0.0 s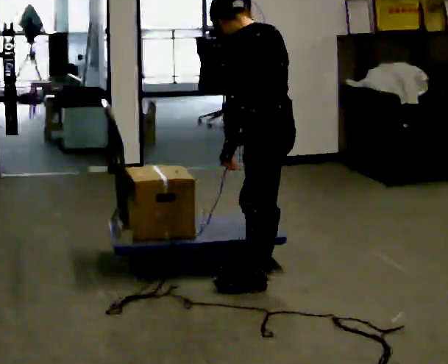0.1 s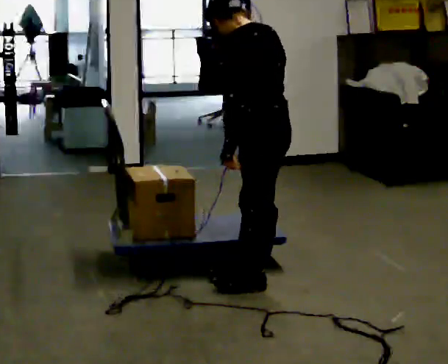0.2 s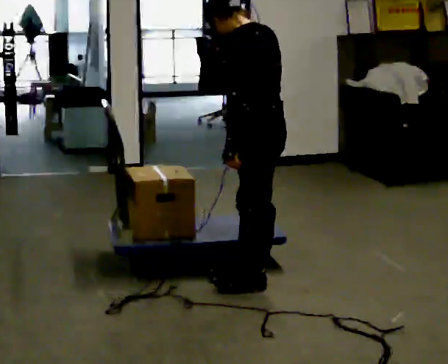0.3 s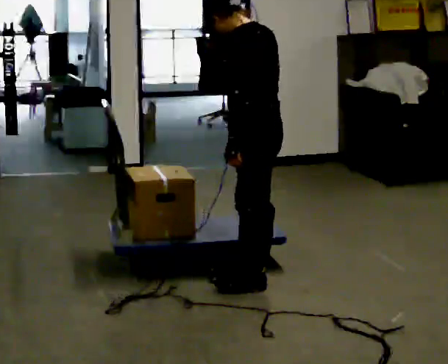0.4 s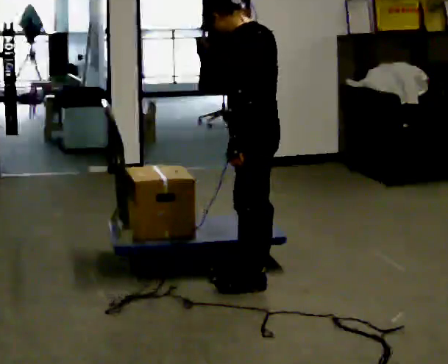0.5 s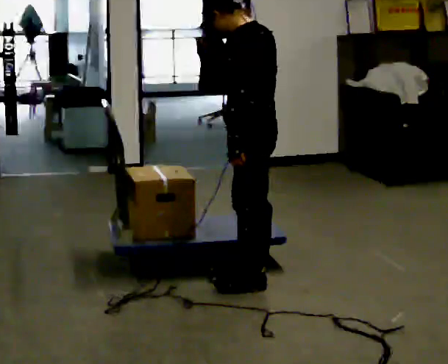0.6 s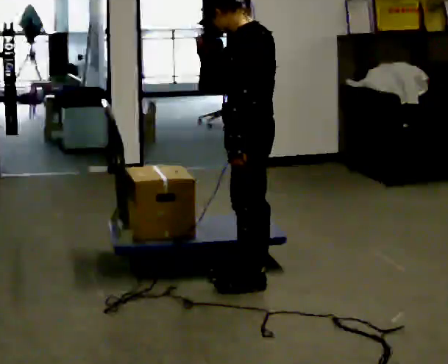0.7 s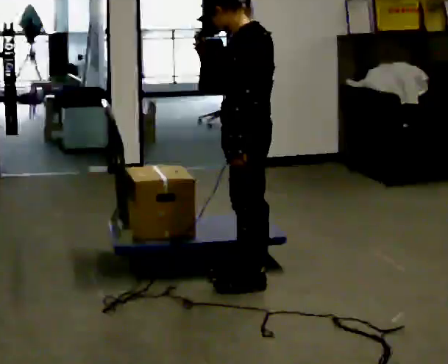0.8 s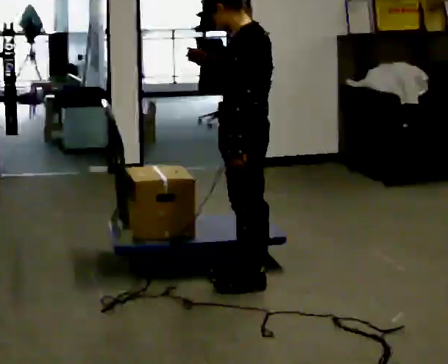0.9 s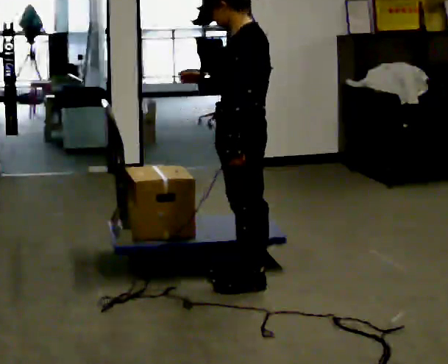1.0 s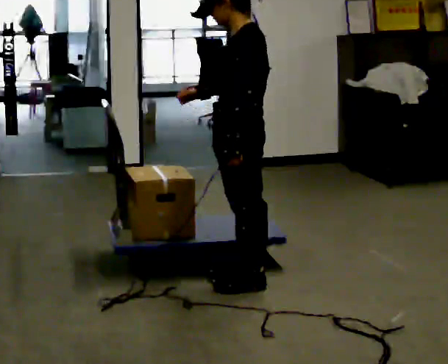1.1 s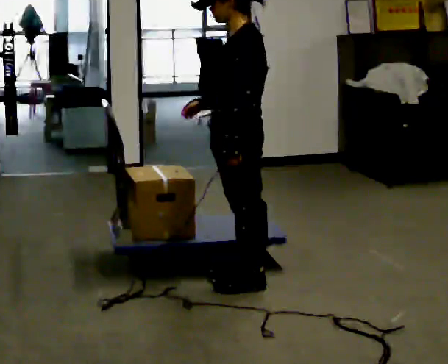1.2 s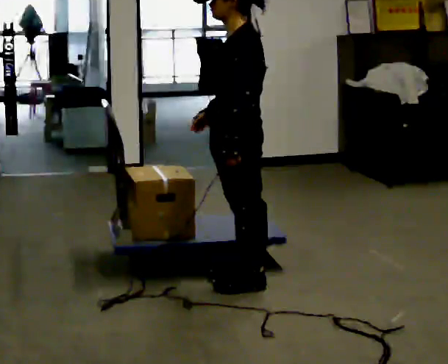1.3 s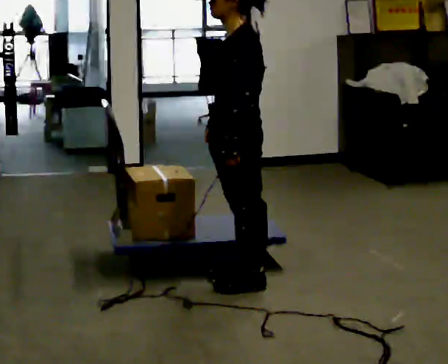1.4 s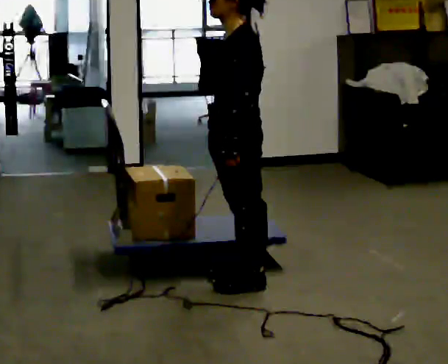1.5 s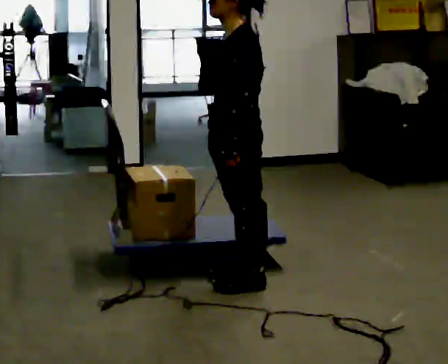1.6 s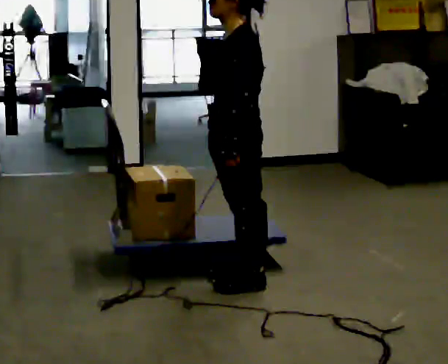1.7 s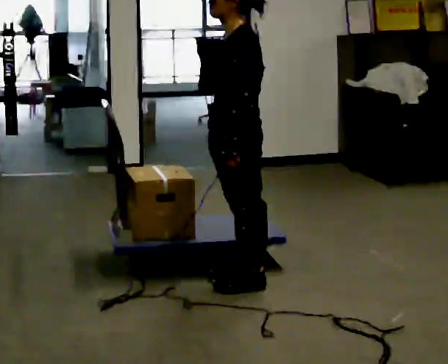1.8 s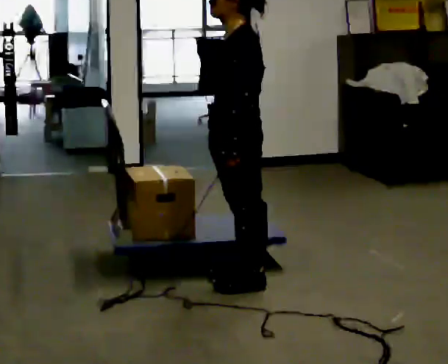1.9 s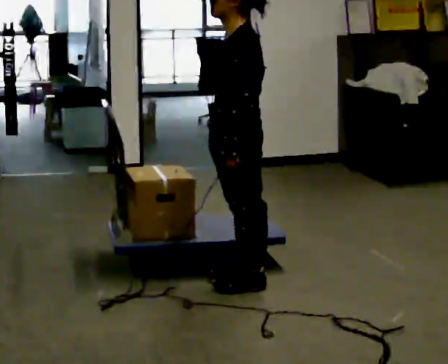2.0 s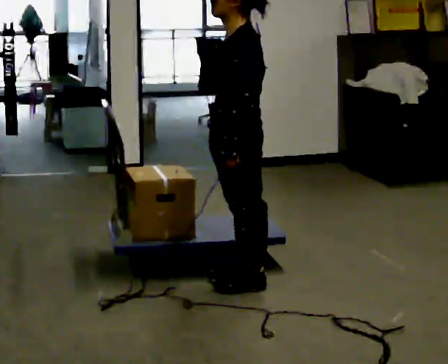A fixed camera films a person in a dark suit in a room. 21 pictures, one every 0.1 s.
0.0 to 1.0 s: The person turns about 30 degrees to their left, counterclockwise seen from above, so the part of the body nearest the lens slides to the right. In the picture the upper body tilts clockwise, shoulders to the right, as they lean back or straighten.
1.0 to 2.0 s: The person moves a little, or ends about where they began.
The film runs backward here.
